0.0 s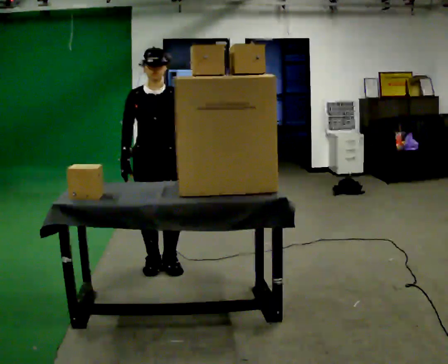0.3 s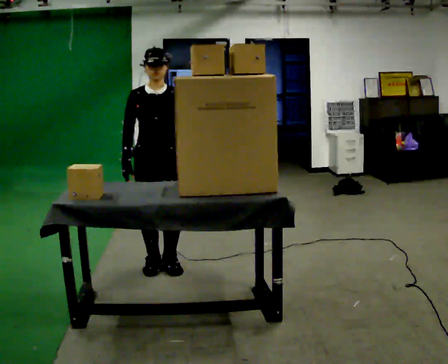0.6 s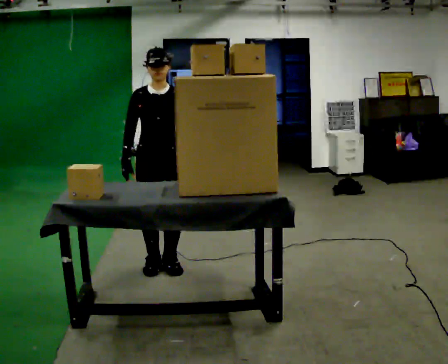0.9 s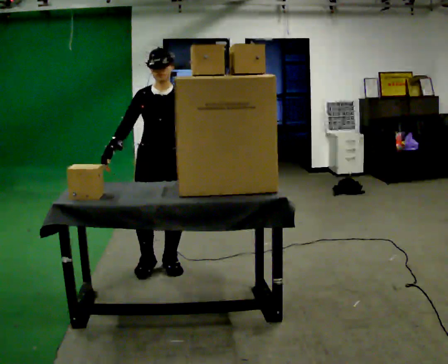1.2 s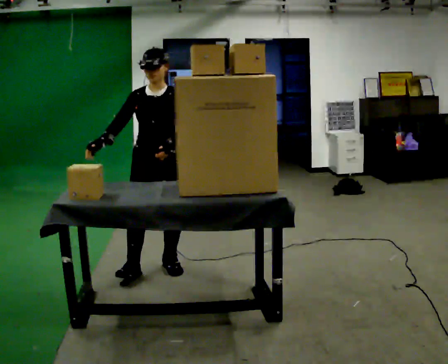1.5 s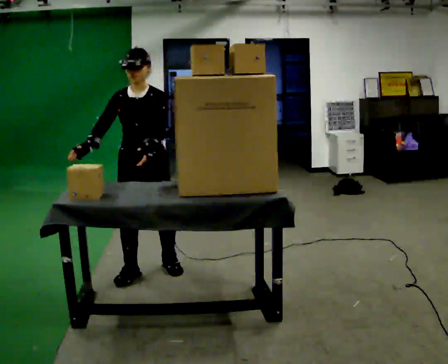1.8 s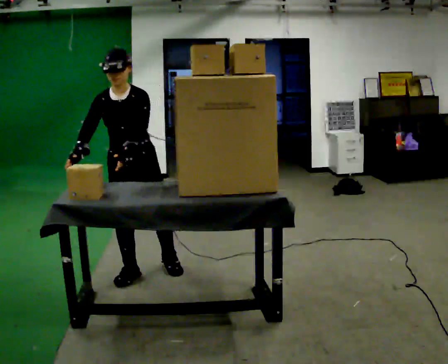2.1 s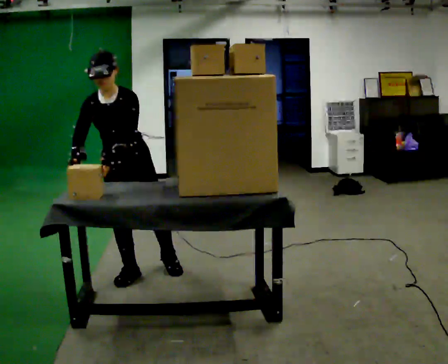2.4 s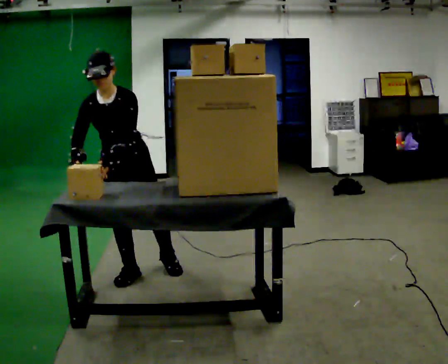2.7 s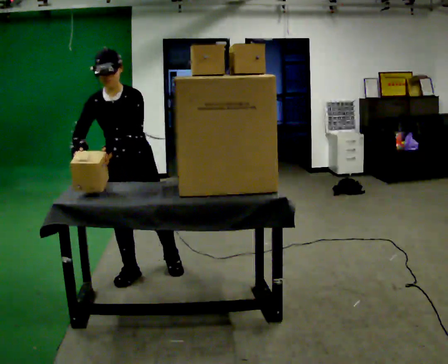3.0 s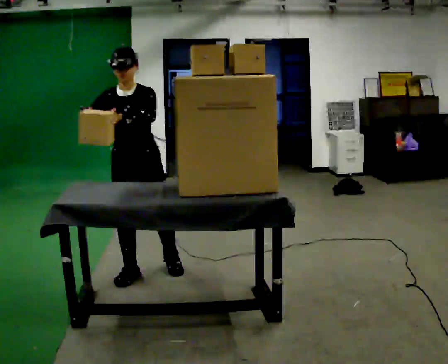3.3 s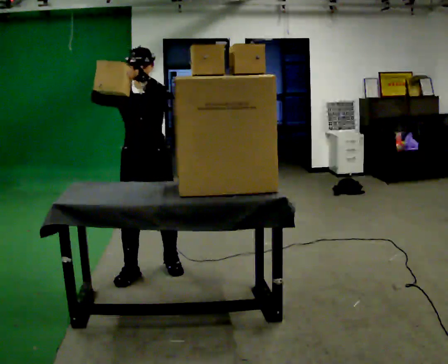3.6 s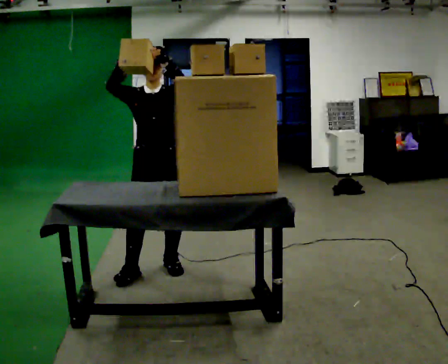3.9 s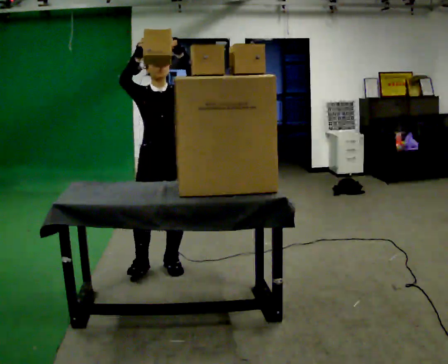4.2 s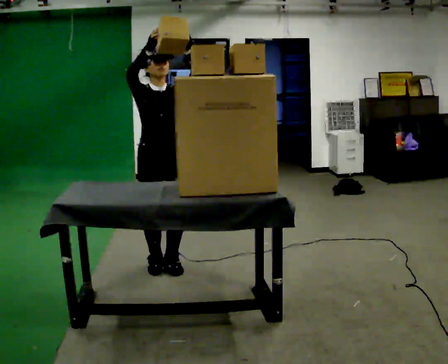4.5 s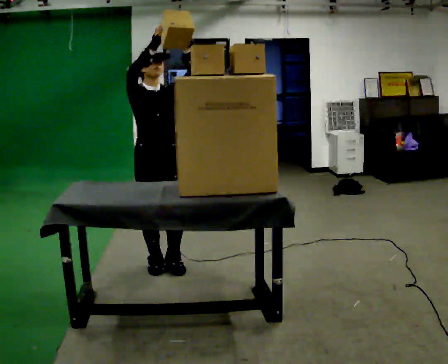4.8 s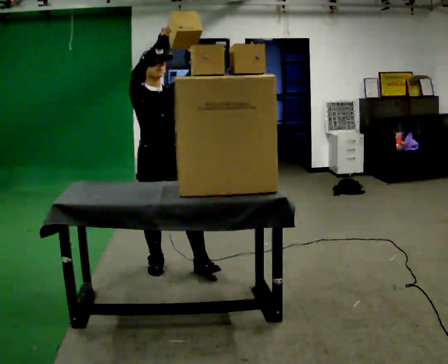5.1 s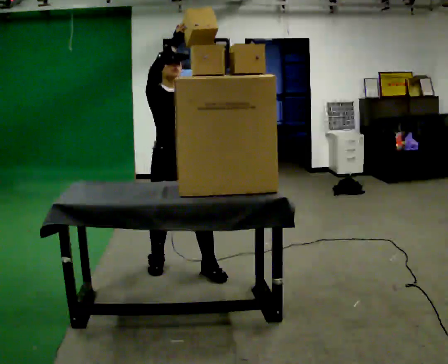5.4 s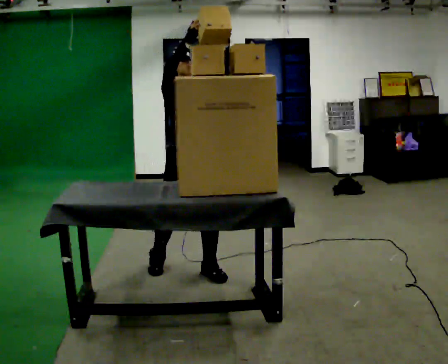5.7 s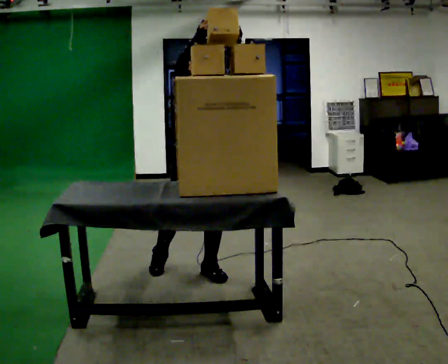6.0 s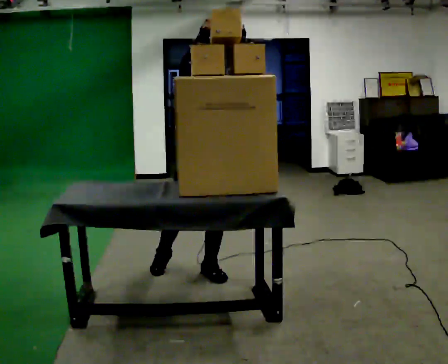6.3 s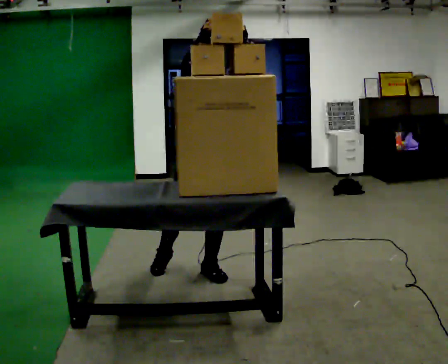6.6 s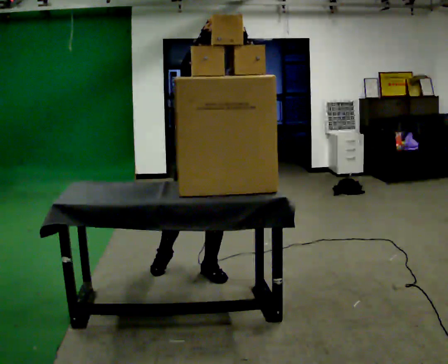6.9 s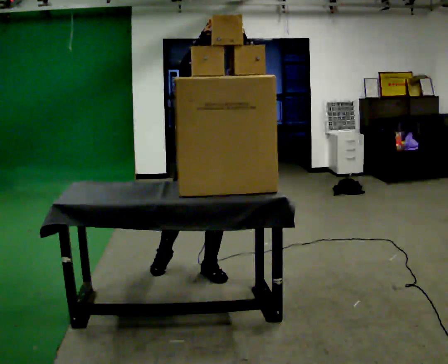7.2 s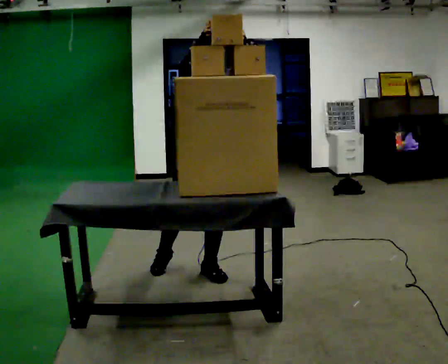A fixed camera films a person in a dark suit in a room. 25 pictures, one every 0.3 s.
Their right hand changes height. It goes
upward.
Their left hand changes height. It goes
upward.
0.0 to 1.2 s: The person moves a little, or ends about where they began.
1.2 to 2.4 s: In the picture they go to the left, about 0.25 m, which for them is to their right and forward. The upper body tips toward the camera, its near side rolling downward, as they bend forward.
2.4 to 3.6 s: In the picture they go to the right, about 0.25 m, which for them is to their left and backward. The upper body tips away from the camera, its near side rolling upward, as they lean back or straighten. In the picture their right hand goes upward.
3.6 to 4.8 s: The person moves a little, or ends about where they began.
4.8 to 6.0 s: In the picture they go to the right and toward the camera, about 0.25 m in 1 step, which for them is to their left and forward.
6.0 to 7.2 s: The person keeps their place and pose.
The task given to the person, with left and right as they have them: Reach up into the bin on the top shelf, take out one object at a time, and carry it to the table. Keep going until the operator says stop; one object at a time, and do not rush between trips.
The film runs forward here.
